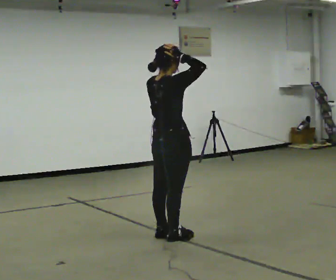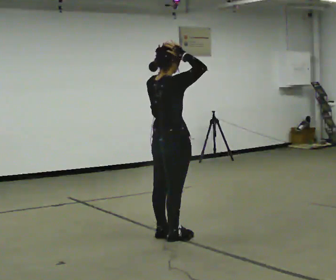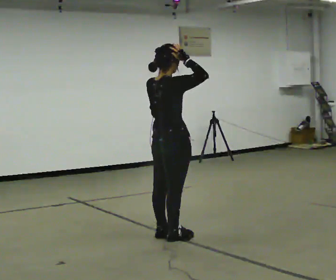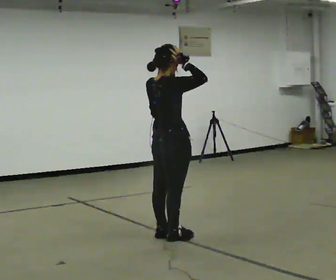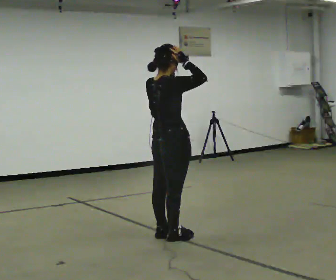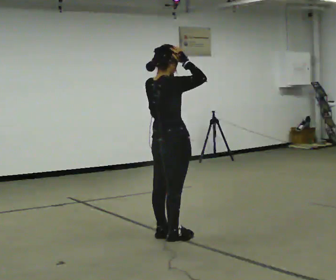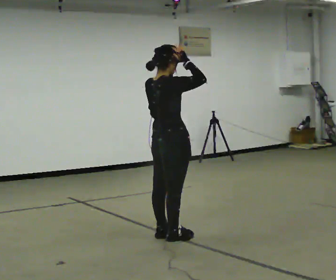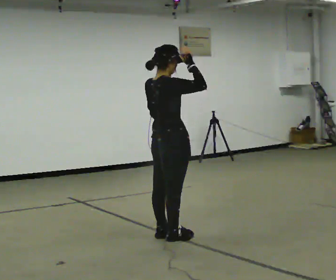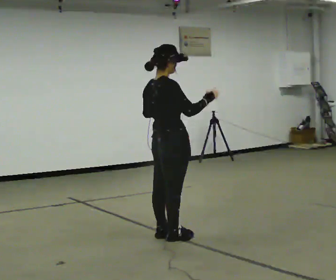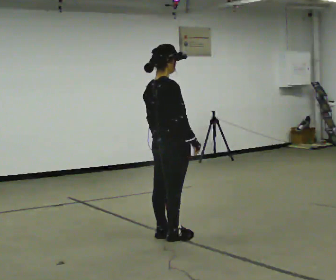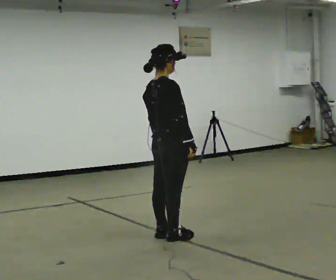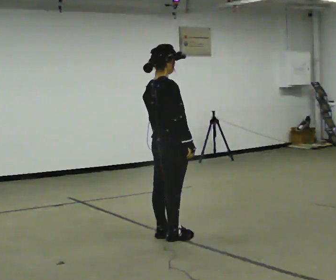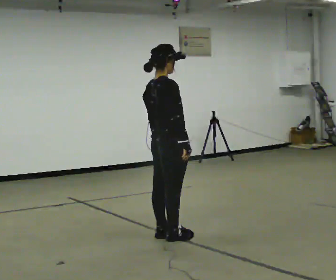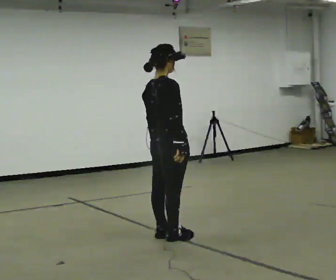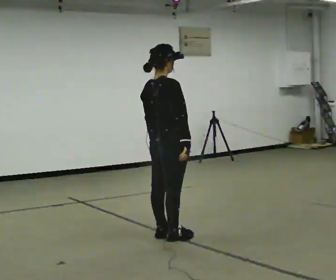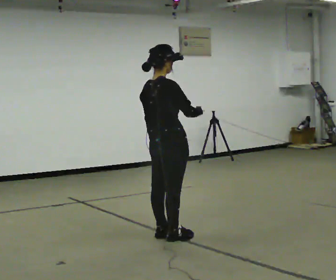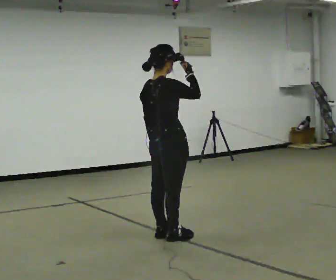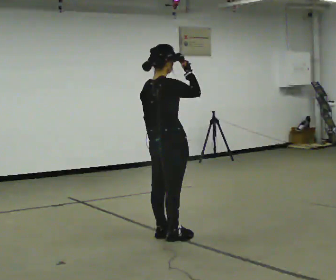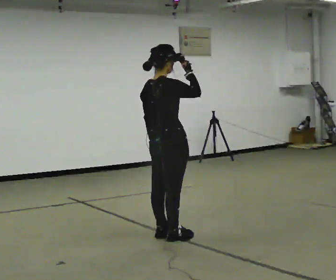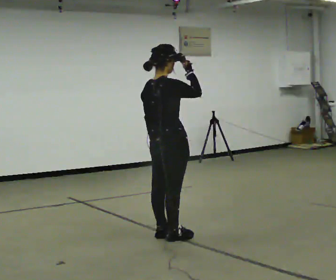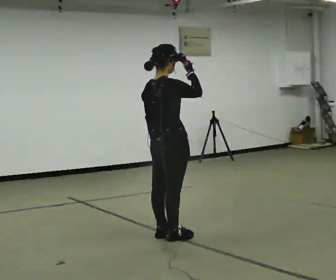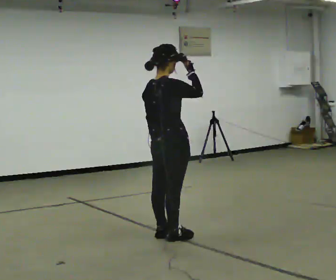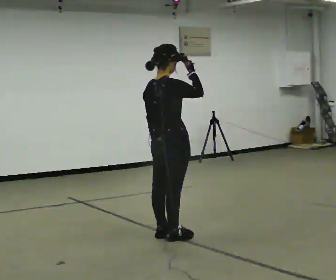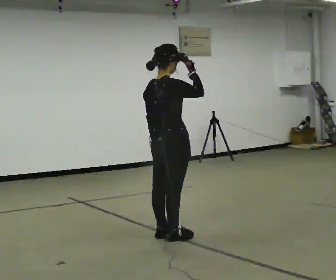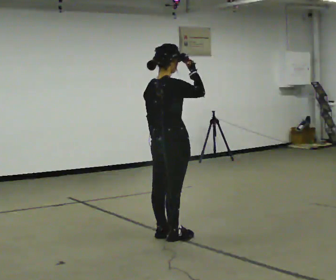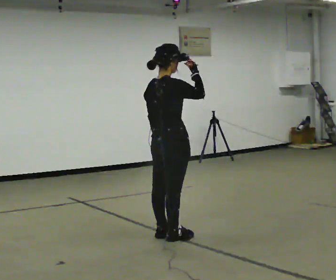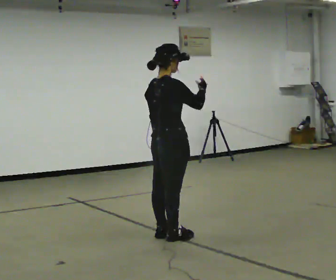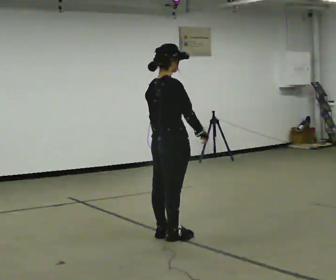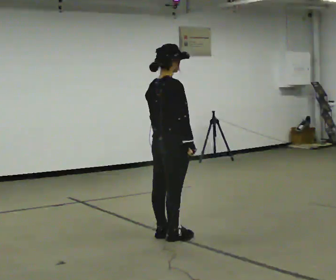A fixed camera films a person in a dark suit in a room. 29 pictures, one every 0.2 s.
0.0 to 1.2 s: The person moves a little, or ends about where they began.
1.2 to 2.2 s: In the picture their left hand goes downward.
2.2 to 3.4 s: In the picture their right hand goes upward.
3.4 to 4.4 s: The person keeps their place and pose.
4.4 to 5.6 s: In the picture their right hand goes downward.
The film runs backward here.
